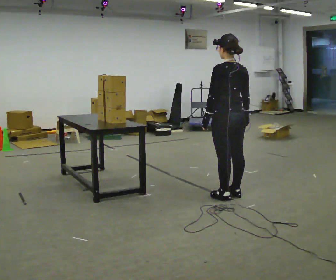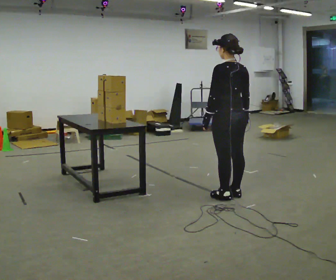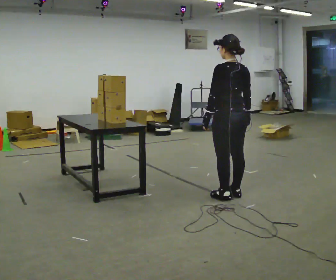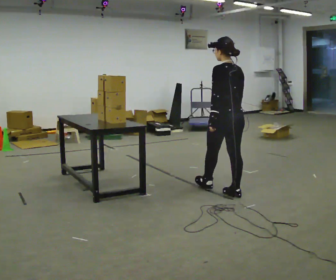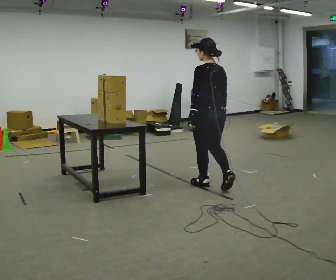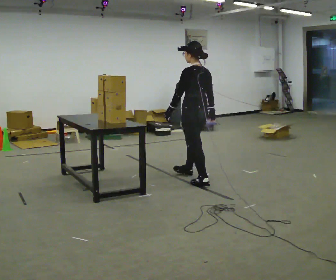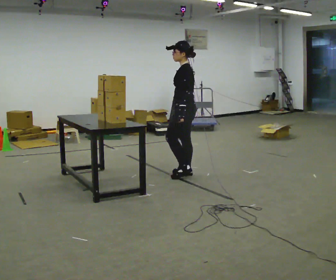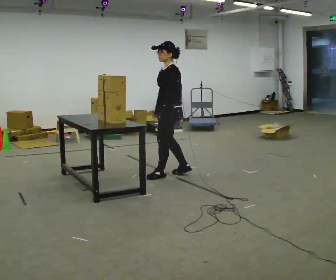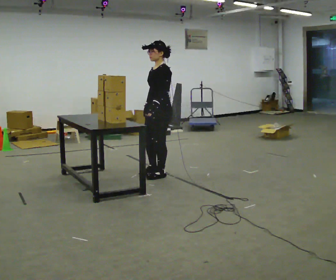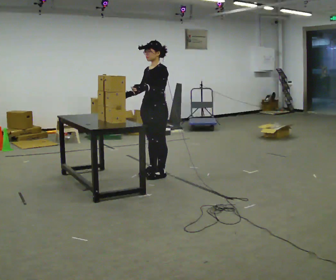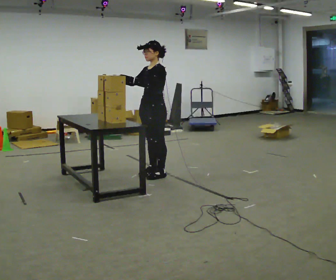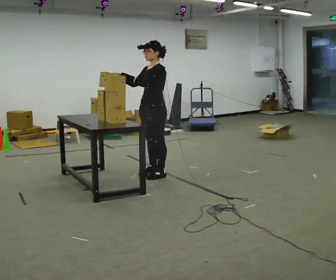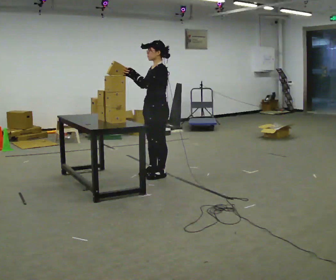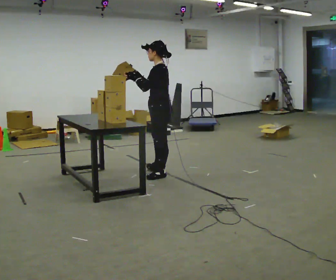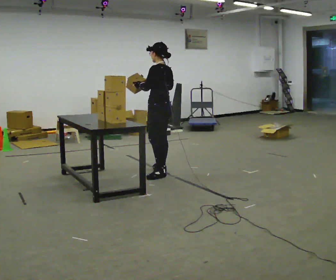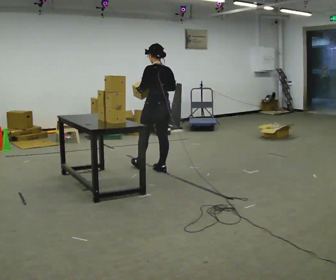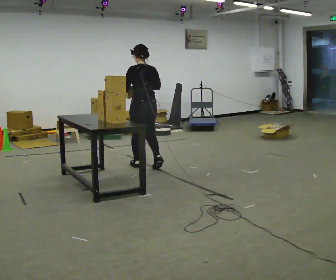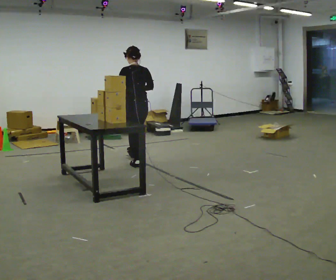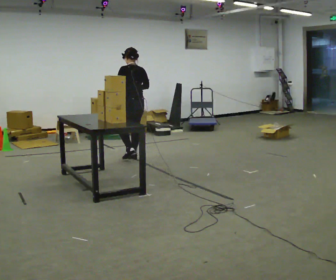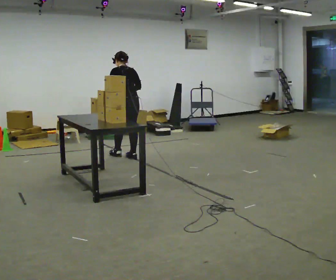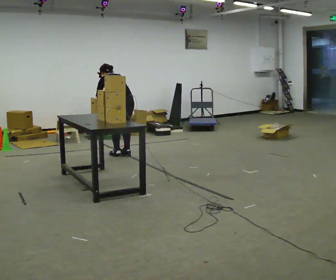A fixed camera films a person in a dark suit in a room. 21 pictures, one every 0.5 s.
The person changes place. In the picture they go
away from the camera.
0.0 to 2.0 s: In the picture they go away from the camera and to the left, about 0.25 m in 1 step, which for them is forward.
2.0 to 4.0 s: Seen from above the body turns counterclockwise, about 90 degrees: to their left, with its near side sliding to the right. In the picture they go to the left and away from the camera, about 0.5 m in 2 steps.
4.0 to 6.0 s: In the picture their right hand goes upward, the arm swinging clockwise.
6.0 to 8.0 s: Seen from above the body turns clockwise, about 90 degrees: to their right, with its near side sliding to the left. In the picture they go away from the camera and to the left, about 0.5 m in 1 step.
8.0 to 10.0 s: In the picture they go away from the camera and to the left, about 0.75 m in 2 steps, which for them is forward. The upper body tips away from the camera, its near side rolling upward, as they bend forward.
The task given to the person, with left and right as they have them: Take boxes off the top of the stack one at a time and carry them away, walking back for each one. Keep going until the operator says stop; one object at a time, and do not rush between trips.
The film runs forward here.
